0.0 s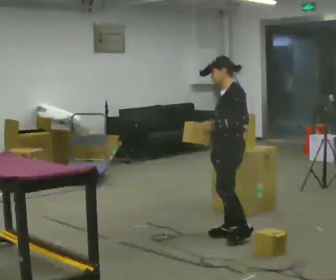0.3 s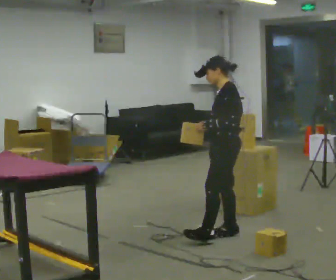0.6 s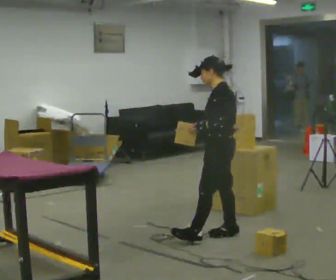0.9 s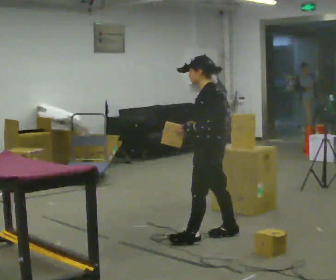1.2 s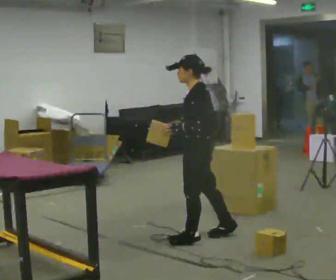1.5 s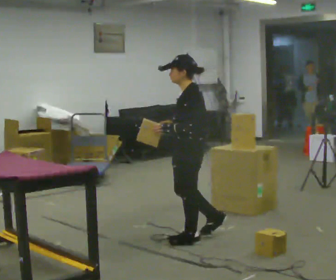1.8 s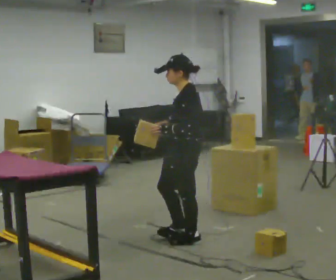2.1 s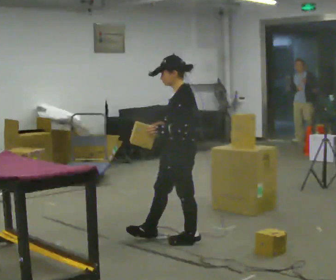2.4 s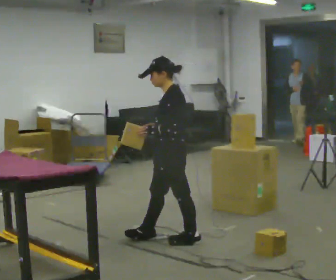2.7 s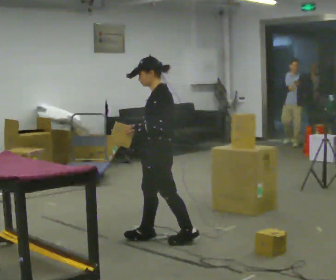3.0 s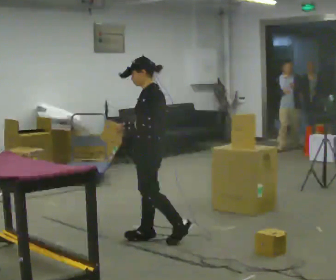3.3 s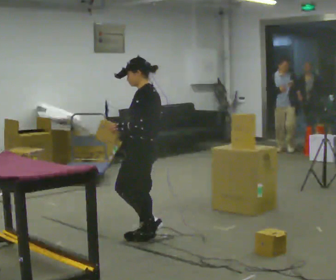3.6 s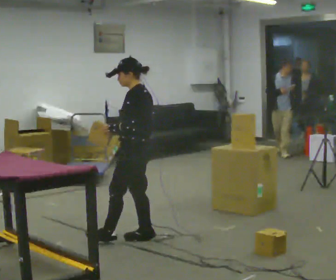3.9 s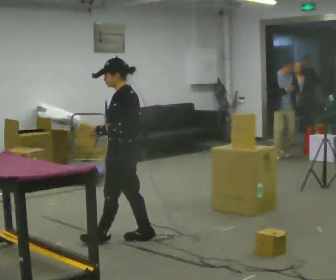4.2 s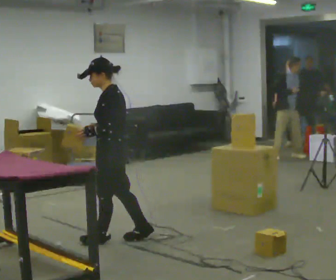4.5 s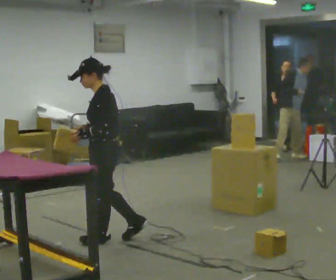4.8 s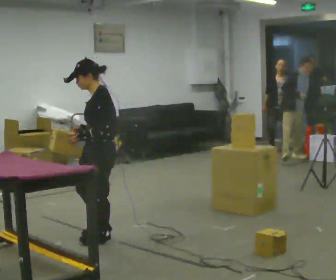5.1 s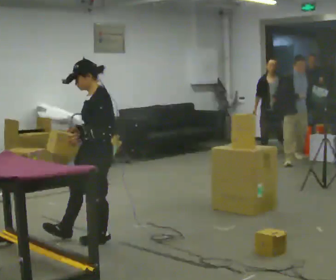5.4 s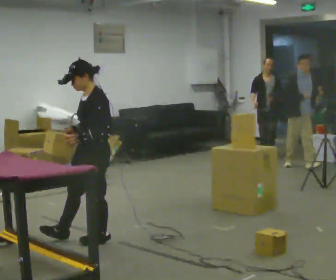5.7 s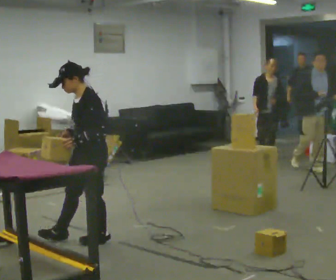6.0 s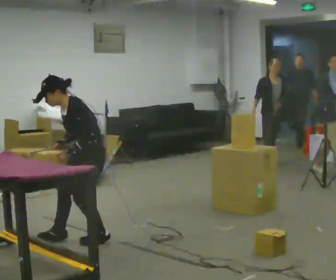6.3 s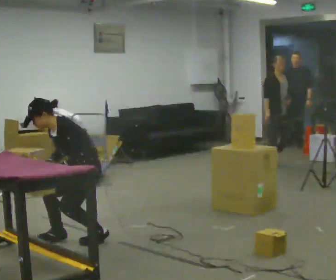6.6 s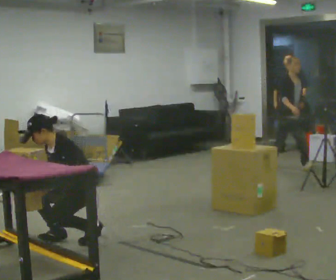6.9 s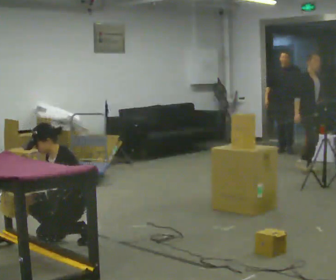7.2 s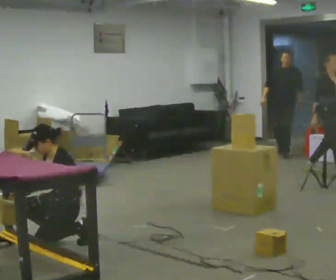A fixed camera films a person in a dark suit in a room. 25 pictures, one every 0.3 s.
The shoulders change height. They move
downward.
Their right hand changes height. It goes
downward.
0.0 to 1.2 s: In the picture they go to the left, about 0.25 m in 1 step, which for them is forward and to their left.
1.2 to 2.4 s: In the picture they go to the left, about 0.25 m in 1 step, which for them is forward.
2.4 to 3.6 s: In the picture they go to the left, about 0.25 m, which for them is forward.
3.6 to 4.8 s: In the picture they go to the left, about 0.25 m in 1 step, which for them is forward.
4.8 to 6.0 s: In the picture the upper body tilts counterclockwise, shoulders to the left, as they bend forward.
6.0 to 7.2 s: In the picture they go to the left, about 0.25 m, which for them is forward. The shoulders move downward. In the picture their right hand goes downward and to the left.
The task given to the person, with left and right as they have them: 1. The operator will tell you the shelf is already sorted and just needs moving to the table. 2. Do what you think is right. 3. Tell the operator when you are finished.
The film runs forward here.
